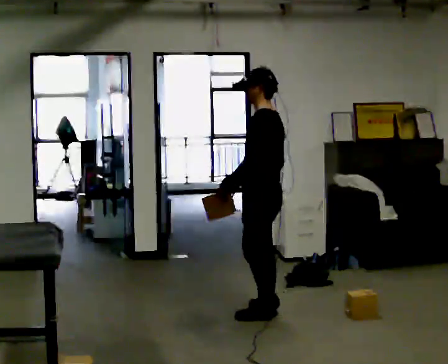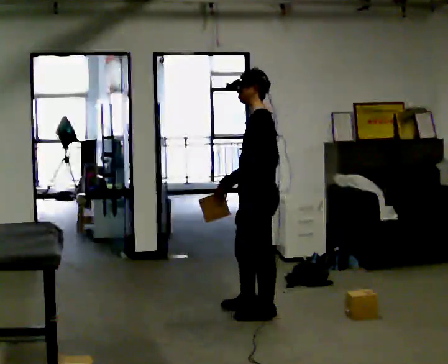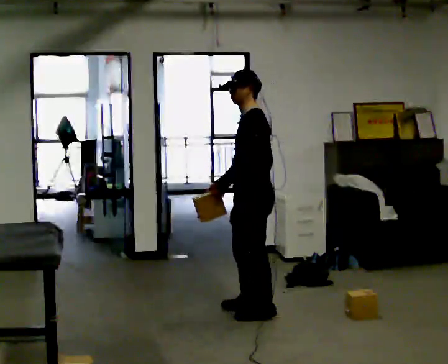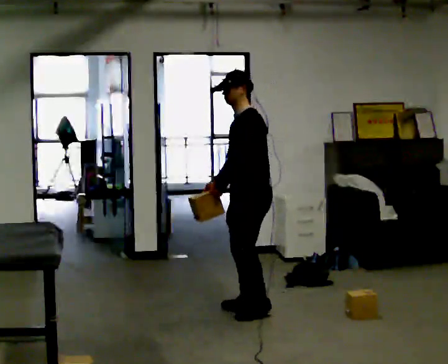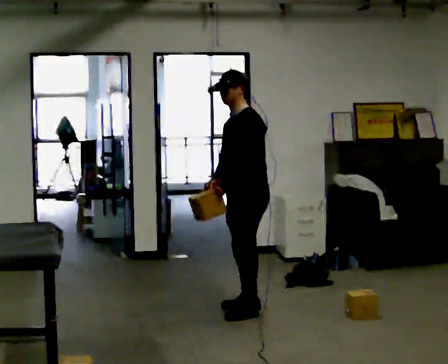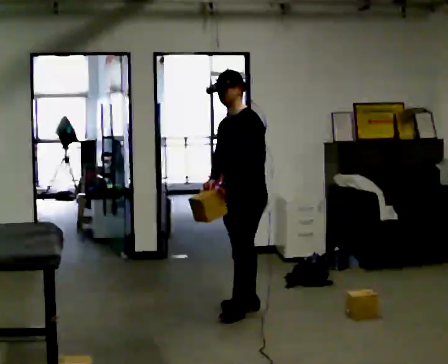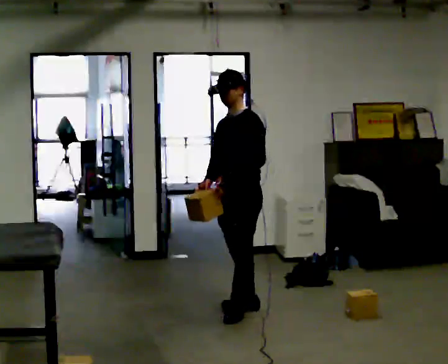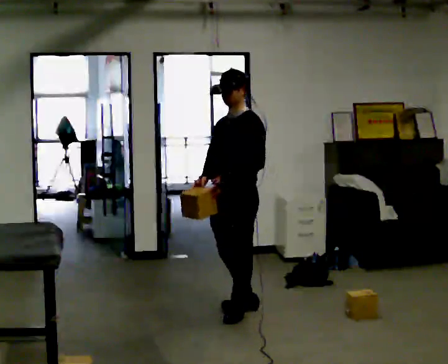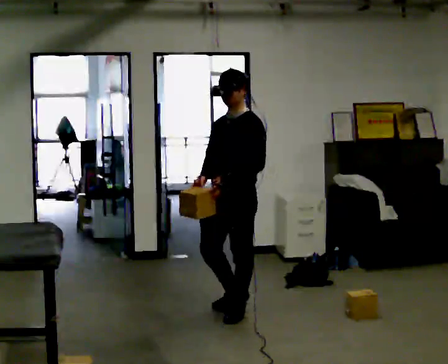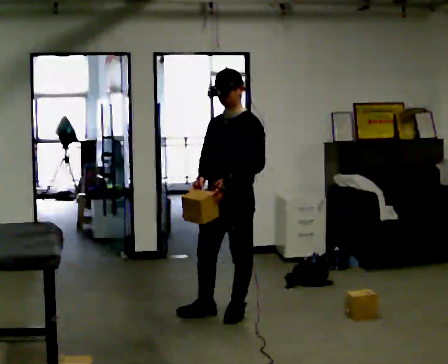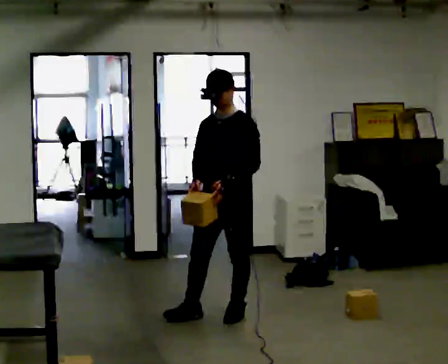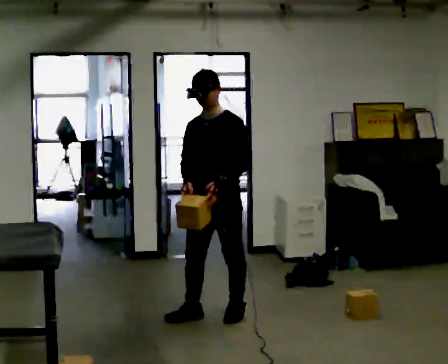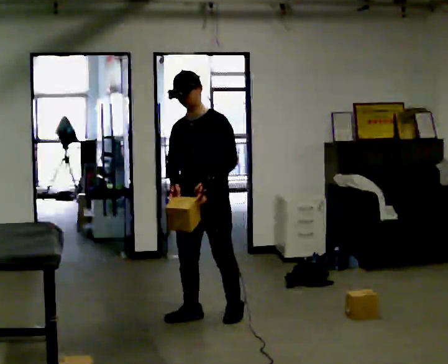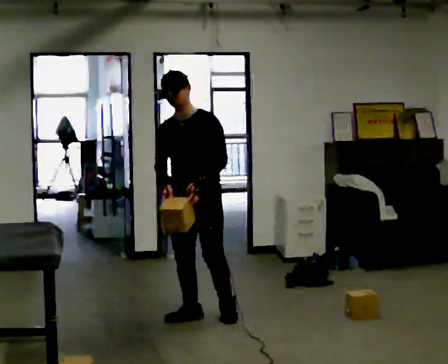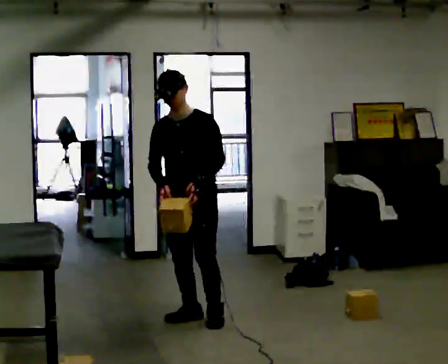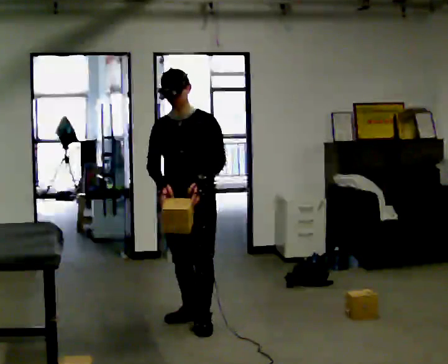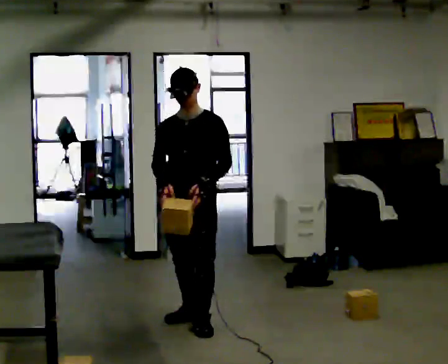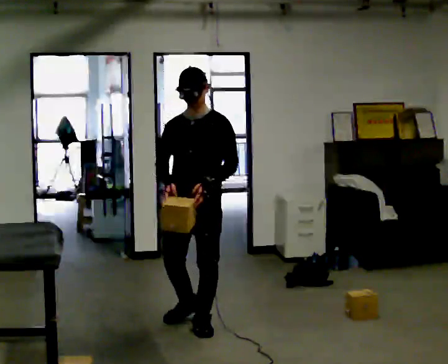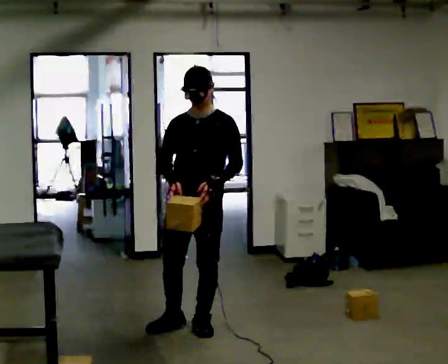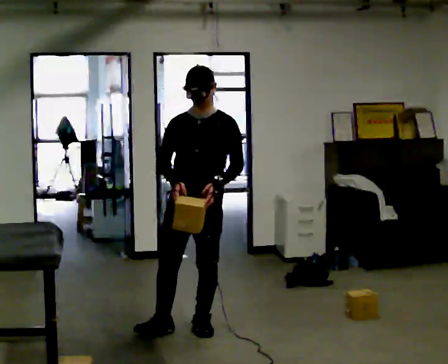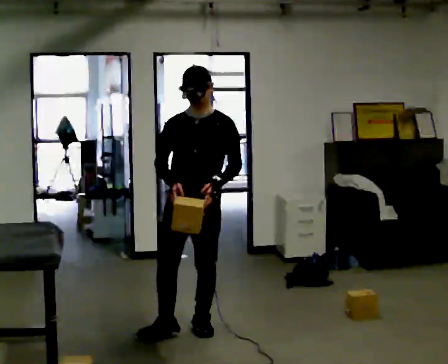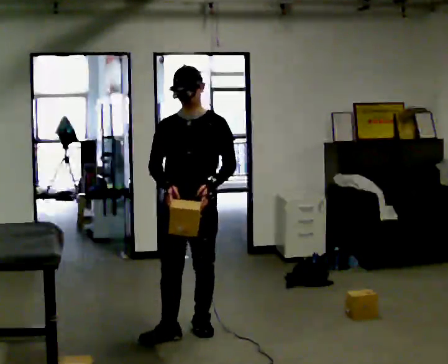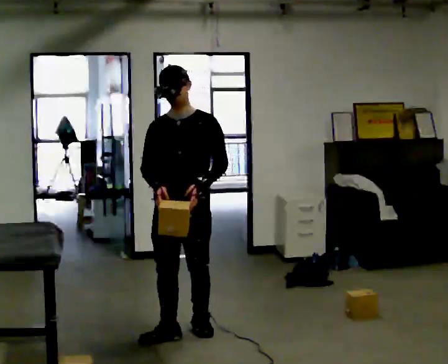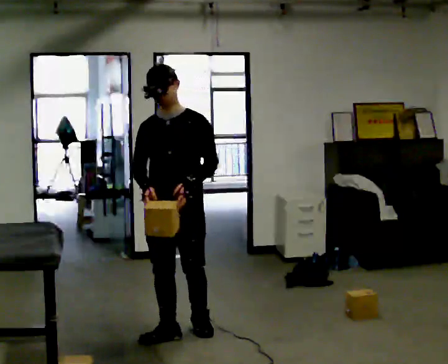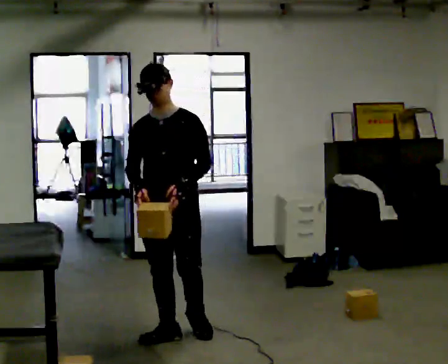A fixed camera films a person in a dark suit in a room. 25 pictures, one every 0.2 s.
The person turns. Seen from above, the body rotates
counterclockwise.
The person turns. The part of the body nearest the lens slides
to the right.
0.0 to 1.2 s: The part of the body nearest the lens slides to the right as the person turns to their left by about 60 degrees. In the picture they go away from the camera, about 0.25 m in 2 steps, which for them is to their right.
1.2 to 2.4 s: The person turns about 30 degrees to their left, counterclockwise seen from above, so the part of the body nearest the lens slides to the right. In the picture they go to the left, about 0.25 m in 1 step, which for them is forward.
2.4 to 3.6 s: In the picture they go toward the camera, about 0.25 m in 1 step, which for them is forward.
3.6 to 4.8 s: In the picture they go toward the camera and to the left, about 0.25 m in 1 step, which for them is forward and to their right.
The film runs forward here.
